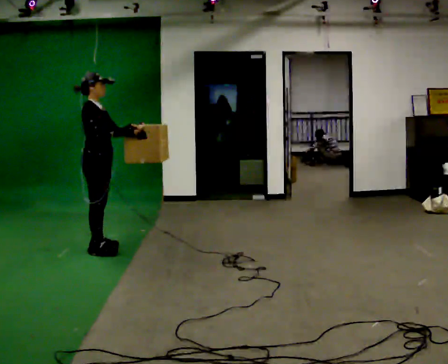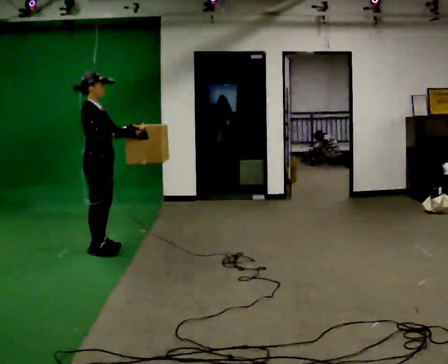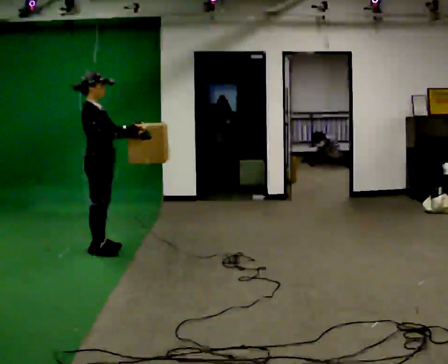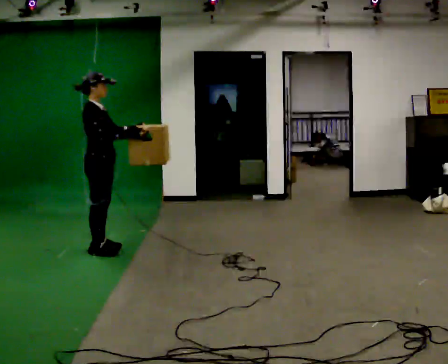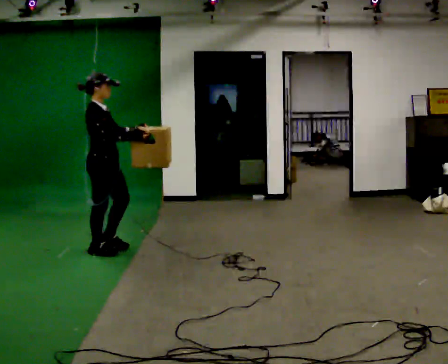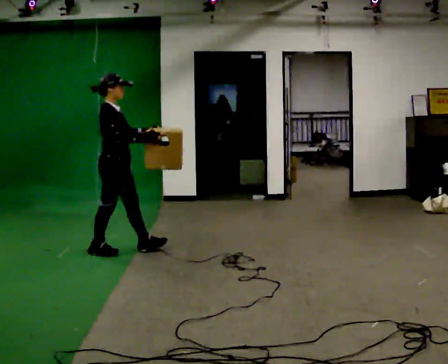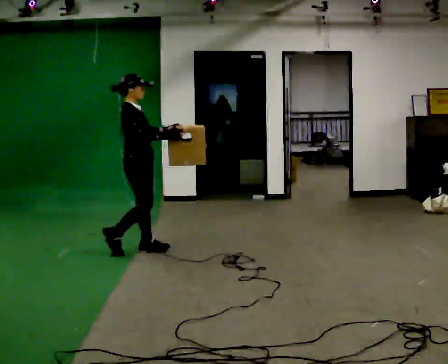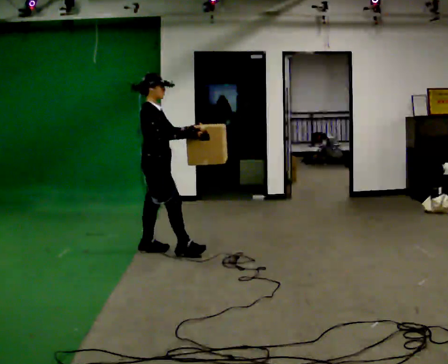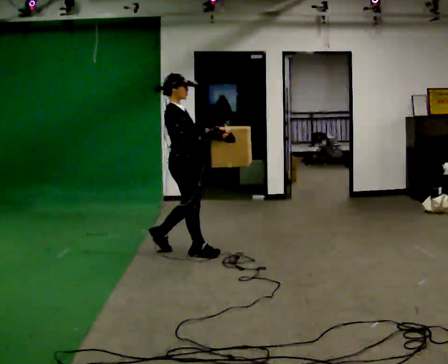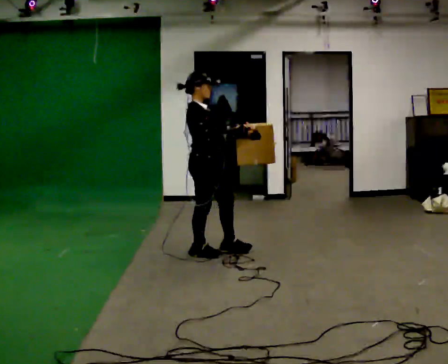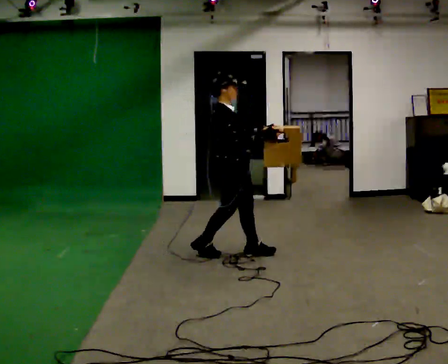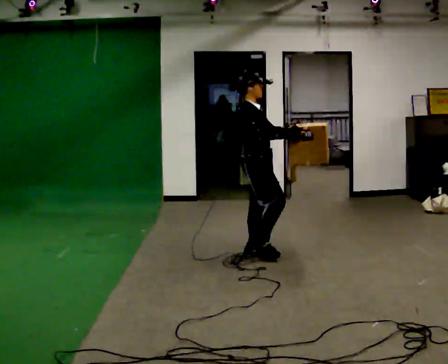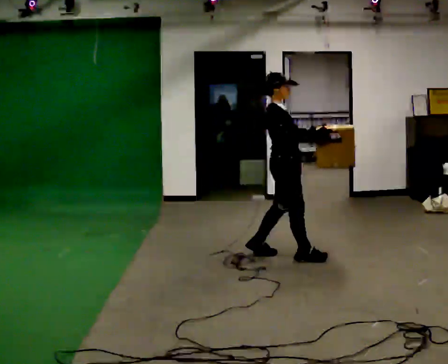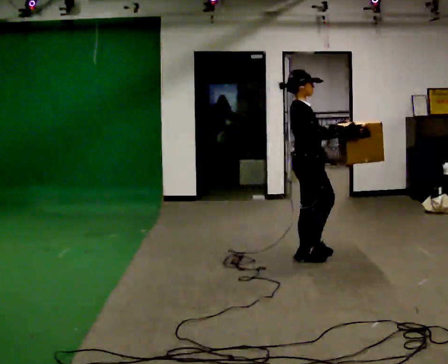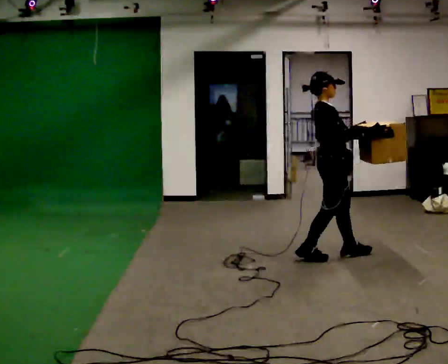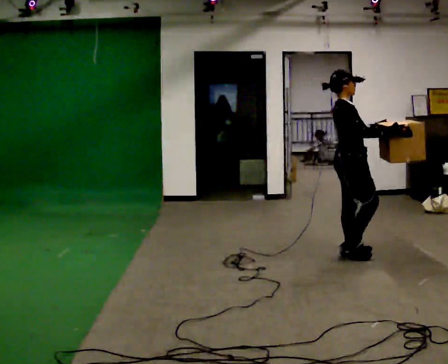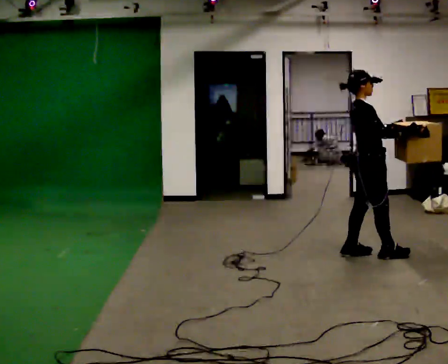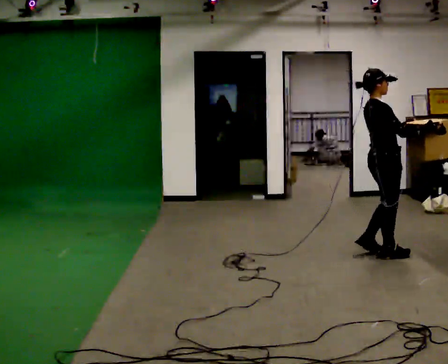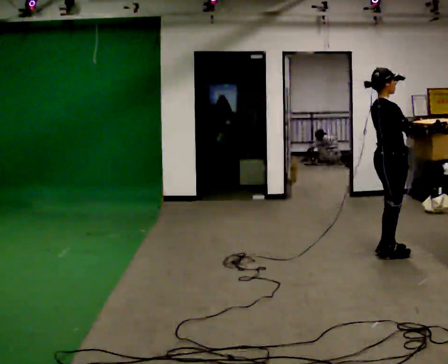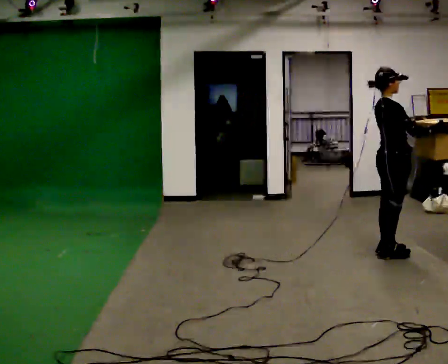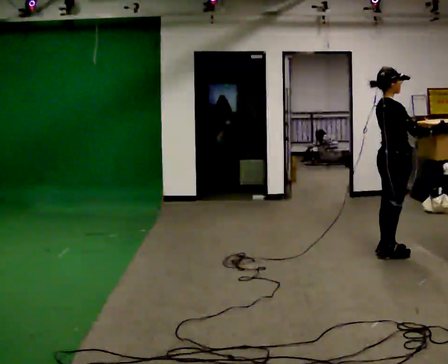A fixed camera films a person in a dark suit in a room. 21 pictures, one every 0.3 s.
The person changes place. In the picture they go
to the right.
0.0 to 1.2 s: The person moves a little, or ends about where they began.
1.2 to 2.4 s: In the picture they go to the right, about 0.5 m in 2 steps, which for them is forward.
2.4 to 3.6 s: In the picture they go to the right, about 1 m in 2 steps, which for them is forward.
3.6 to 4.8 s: In the picture they go to the right, about 0.75 m in 2 steps, which for them is forward.
4.8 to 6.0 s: In the picture they go to the right, about 0.25 m in 1 step, which for them is forward.
The film runs forward here.
